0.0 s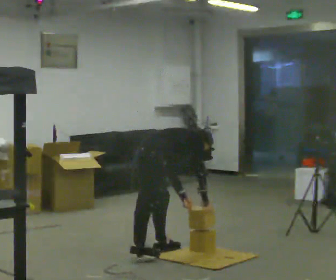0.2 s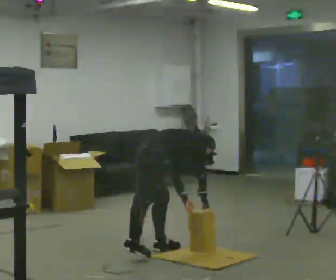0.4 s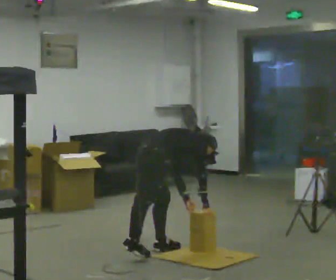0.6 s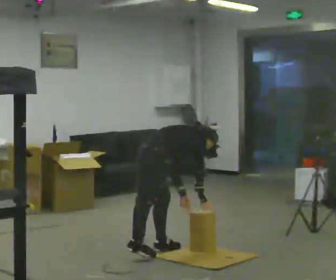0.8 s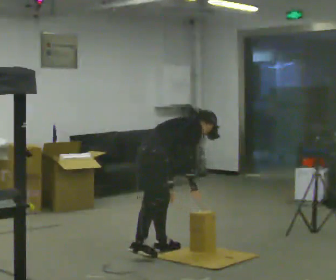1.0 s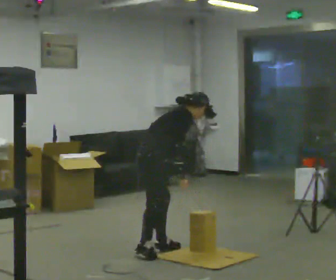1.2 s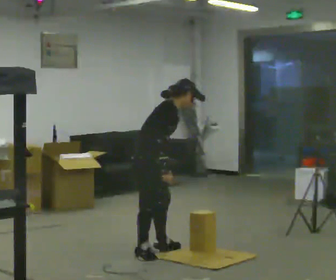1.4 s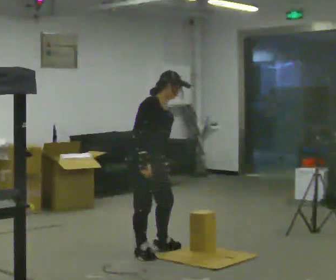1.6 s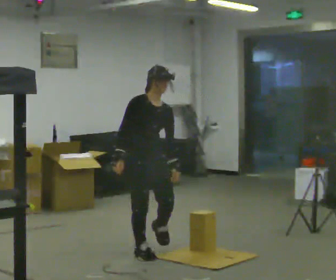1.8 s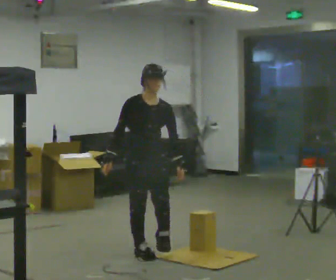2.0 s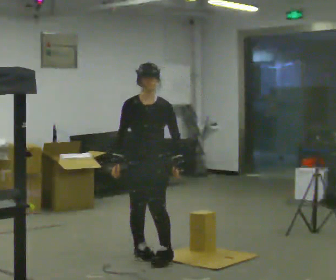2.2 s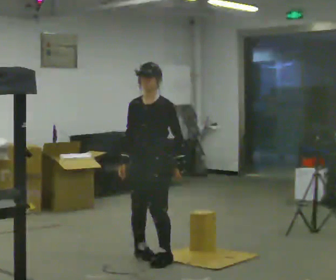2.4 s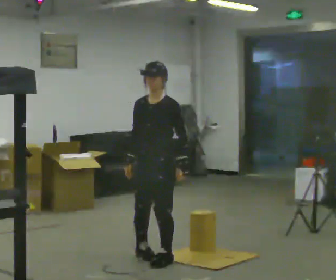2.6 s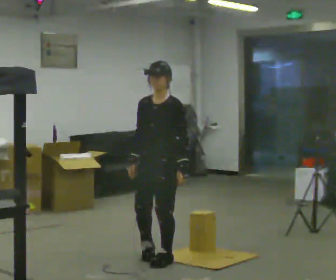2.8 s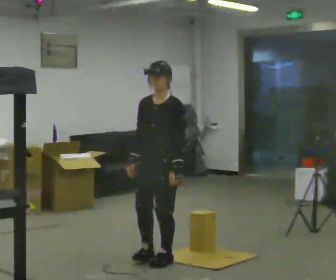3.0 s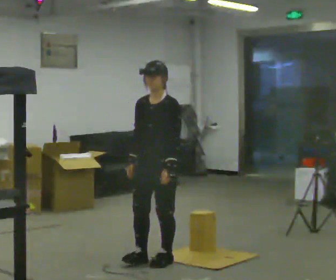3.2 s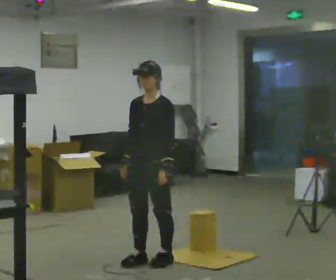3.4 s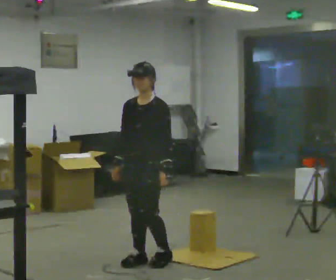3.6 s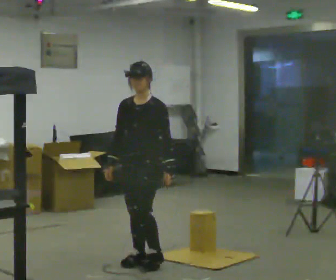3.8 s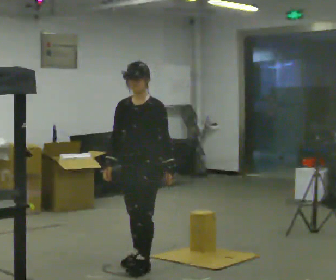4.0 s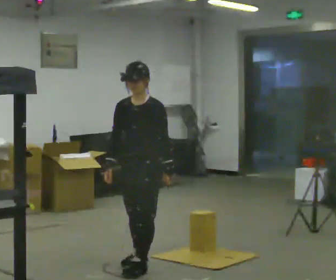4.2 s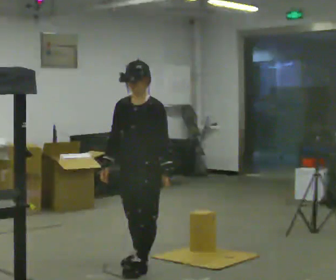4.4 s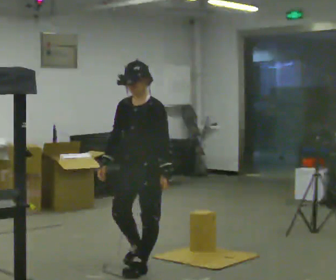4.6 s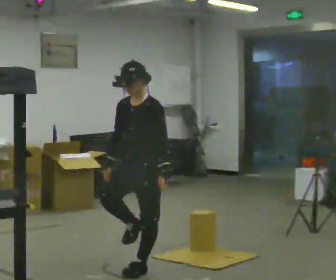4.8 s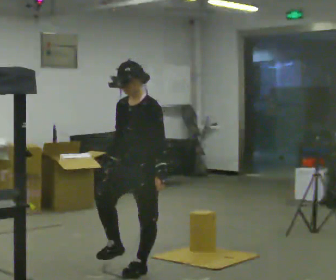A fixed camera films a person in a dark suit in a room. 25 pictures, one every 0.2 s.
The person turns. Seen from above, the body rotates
clockwise.
The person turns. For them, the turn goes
to their right.
0.0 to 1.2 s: The person turns about 30 degrees to their right, clockwise seen from above, so the part of the body nearest the lens slides to the left. The shoulders move upward. In the picture the upper body tilts counterclockwise, shoulders to the left, as they lean back or straighten.
1.2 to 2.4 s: The person turns about 105 degrees to their right, clockwise seen from above, so the part of the body nearest the lens slides to the left. In the picture they go toward the camera, about 0.25 m in 1 step. In the picture the upper body tilts counterclockwise, shoulders to the left, as they lean back or straighten.
2.4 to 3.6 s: The person moves a little, or ends about where they began.
3.6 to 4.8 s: In the picture they go toward the camera, about 0.25 m in 1 step, which for them is forward.
The film runs forward here.
